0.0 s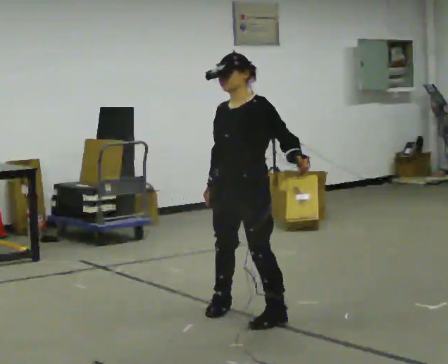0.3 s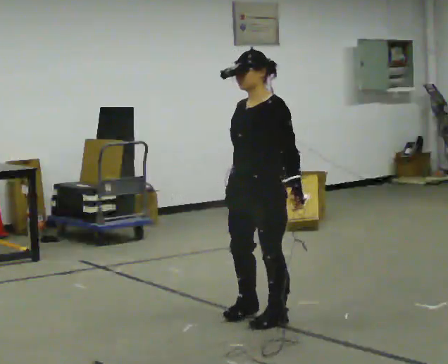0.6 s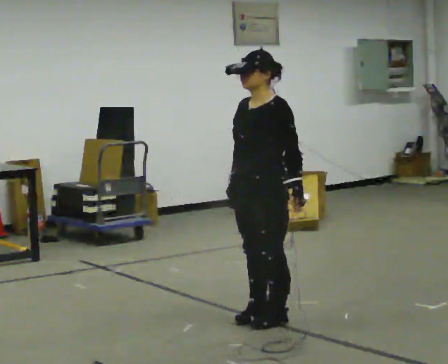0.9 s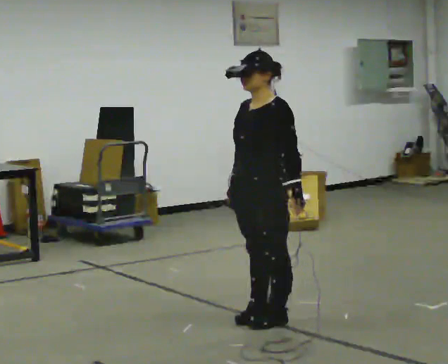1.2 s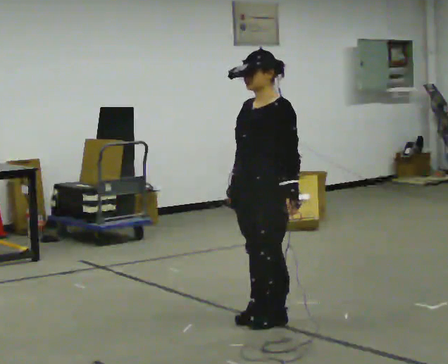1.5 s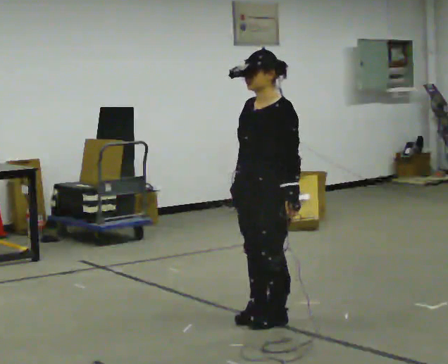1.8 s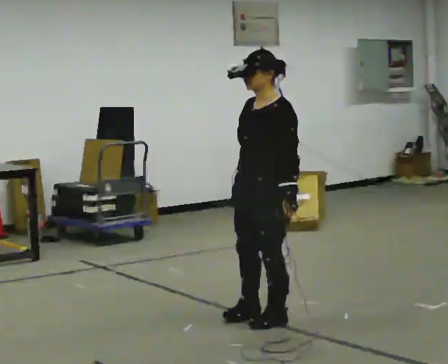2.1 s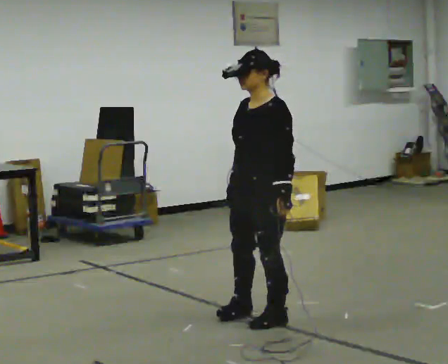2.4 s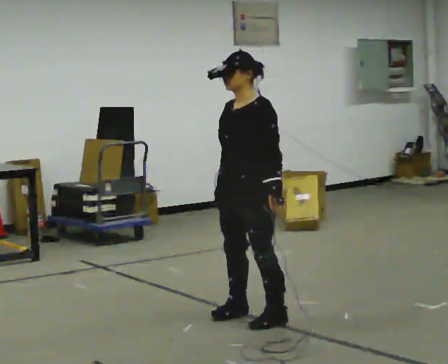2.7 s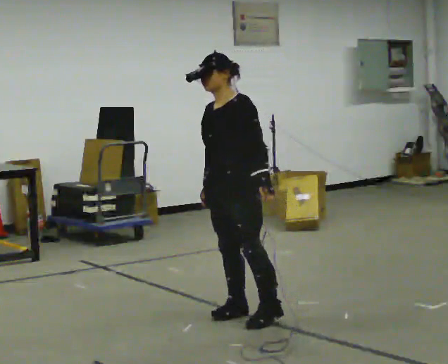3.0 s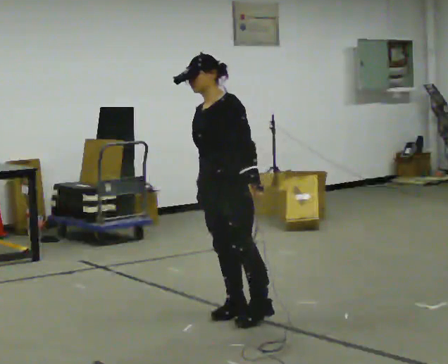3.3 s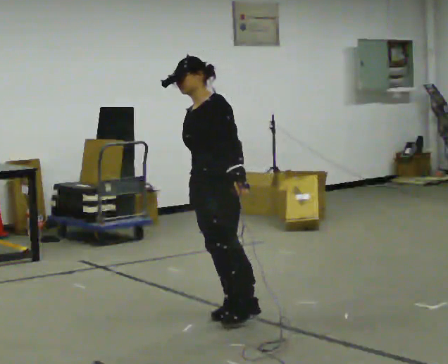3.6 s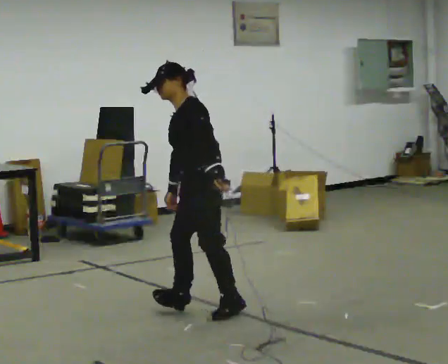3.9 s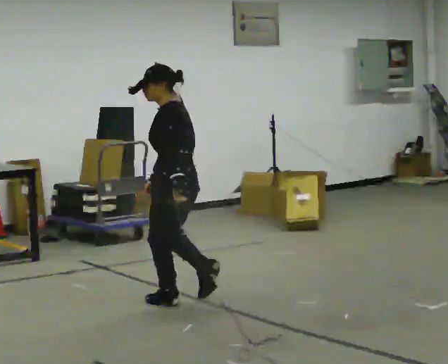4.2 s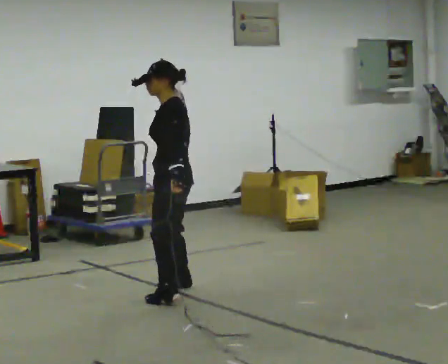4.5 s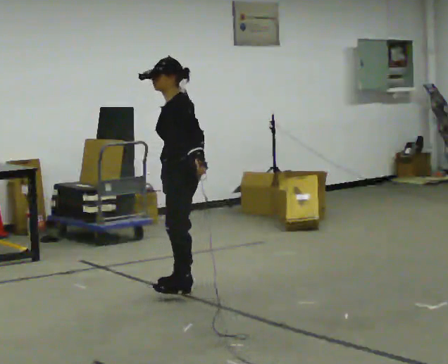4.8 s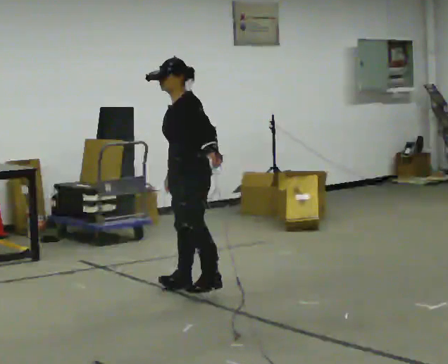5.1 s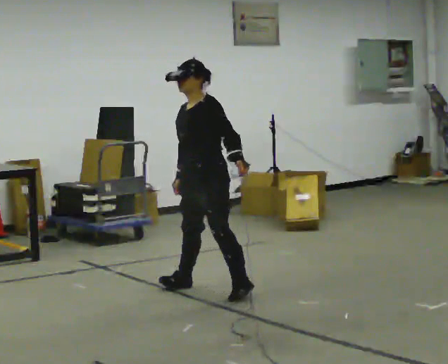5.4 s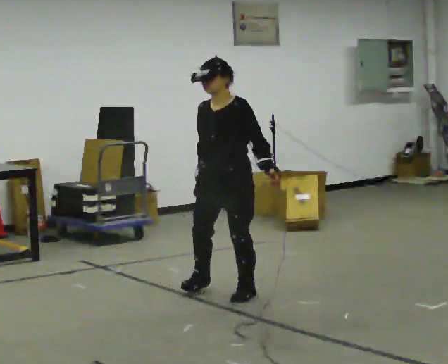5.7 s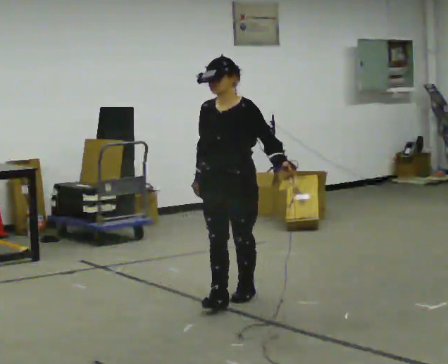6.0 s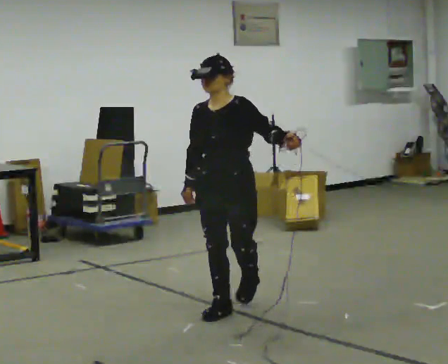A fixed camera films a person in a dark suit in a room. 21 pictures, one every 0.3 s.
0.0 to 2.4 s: The person moves a little, or ends about where they began.
2.4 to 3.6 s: The person turns about 45 degrees to their right, clockwise seen from above, so the part of the body nearest the lens slides to the left. In the picture they go to the left and away from the camera, about 0.25 m, which for them is to their right. In the picture the upper body tilts counterclockwise, shoulders to the left, as they bend forward.
3.6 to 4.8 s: The person turns about 30 degrees to their left, counterclockwise seen from above, so the part of the body nearest the lens slides to the right. In the picture they go away from the camera, about 0.5 m in 2 steps, which for them is to their right.
4.8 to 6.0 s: Seen from above the body turns counterclockwise, about 45 degrees: to their left, with its near side sliding to the right. In the picture they go toward the camera, about 0.5 m in 2 steps, which for them is to their left and forward.
The film runs forward here.
